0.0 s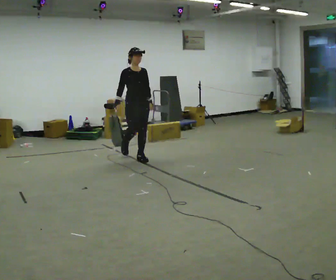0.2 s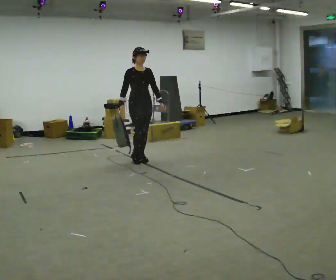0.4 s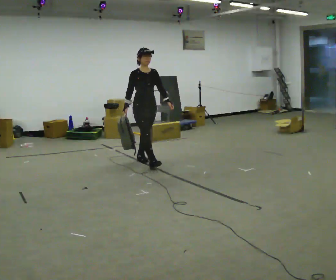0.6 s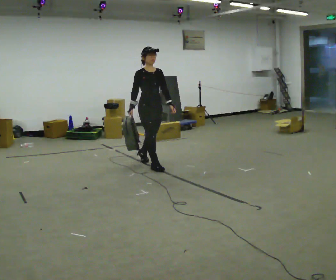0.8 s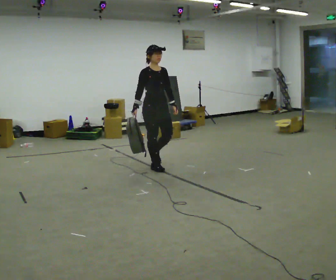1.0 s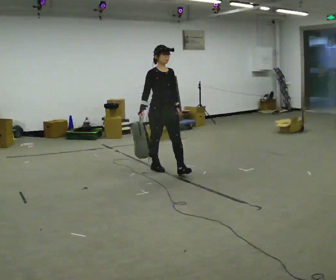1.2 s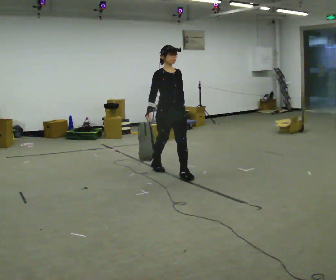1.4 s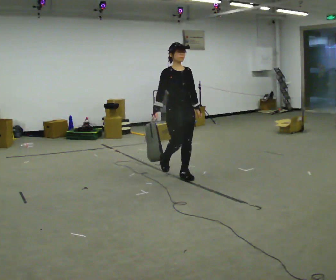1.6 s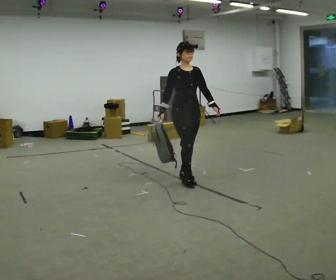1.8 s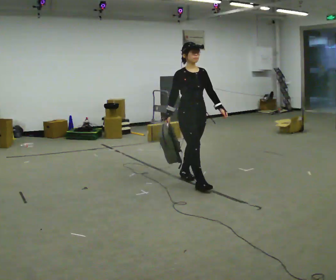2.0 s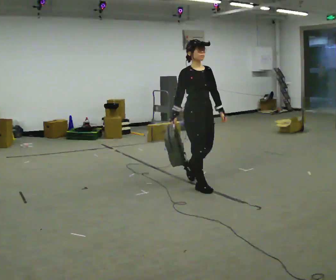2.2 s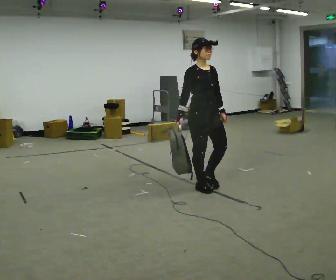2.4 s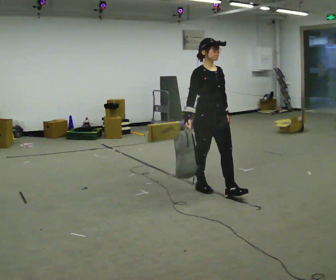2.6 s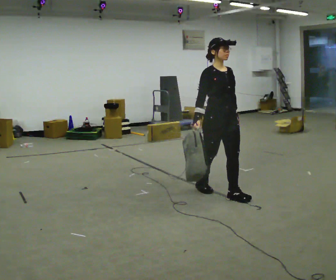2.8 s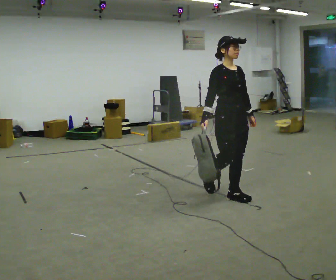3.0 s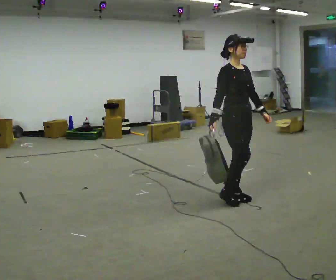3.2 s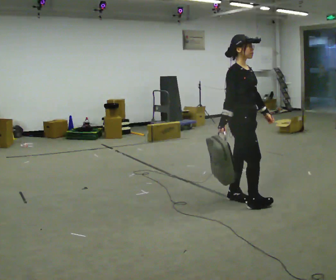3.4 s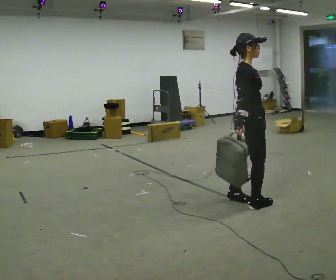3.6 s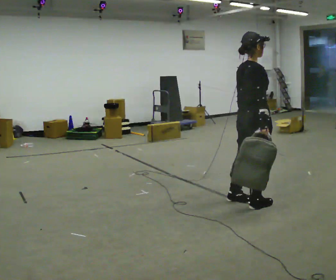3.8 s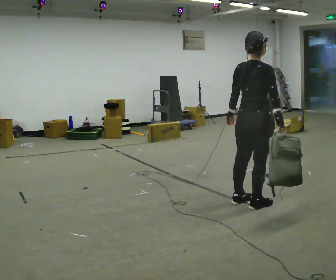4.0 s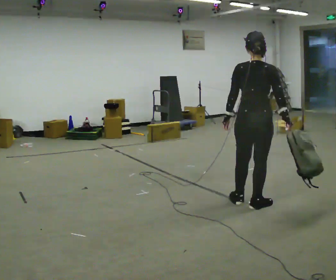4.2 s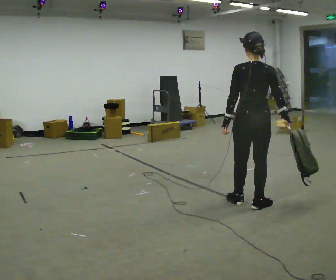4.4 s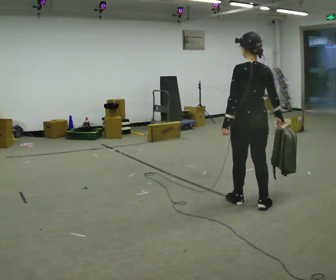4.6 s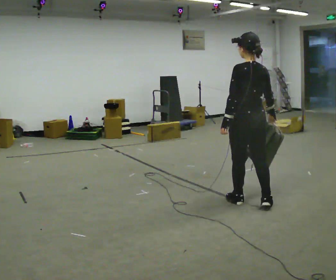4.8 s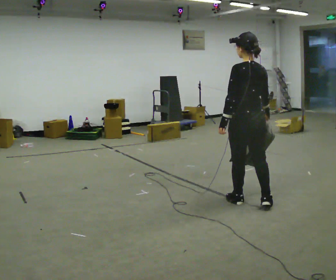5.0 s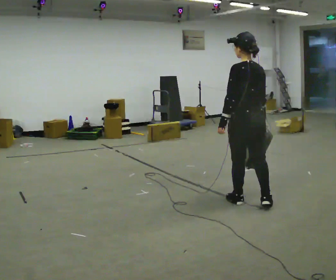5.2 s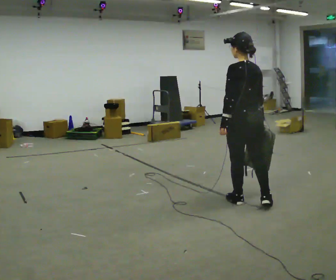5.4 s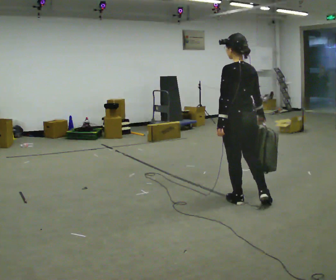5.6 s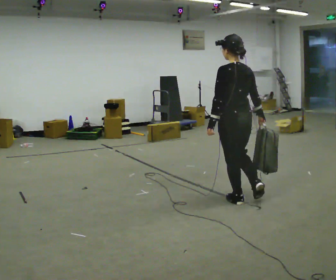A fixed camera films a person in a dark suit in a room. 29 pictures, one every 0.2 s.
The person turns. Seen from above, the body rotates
counterclockwise.
The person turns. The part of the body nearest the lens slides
to the right.
0.0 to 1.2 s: In the picture they go to the right and toward the camera, about 1 m in 2 steps, which for them is forward.
1.2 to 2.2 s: In the picture they go toward the camera and to the right, about 1 m in 1 step, which for them is forward.
2.2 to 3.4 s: The person turns about 60 degrees to their left, counterclockwise seen from above, so the part of the body nearest the lens slides to the right. In the picture they go to the right and toward the camera, about 0.5 m in 2 steps, which for them is forward.
3.4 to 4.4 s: The person turns about 105 degrees to their left, counterclockwise seen from above, so the part of the body nearest the lens slides to the right. In the picture their right hand goes to the right.
4.4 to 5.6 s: The person moves a little, or ends about where they began.
The film runs forward here.
